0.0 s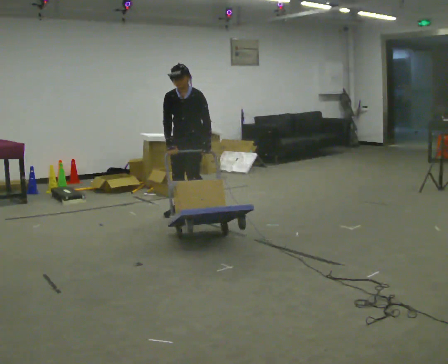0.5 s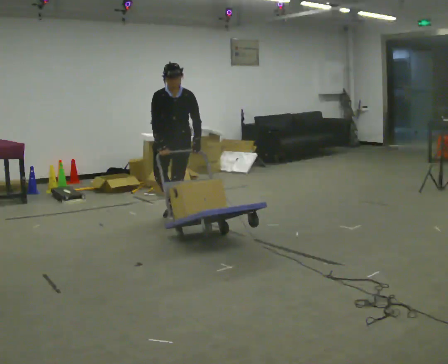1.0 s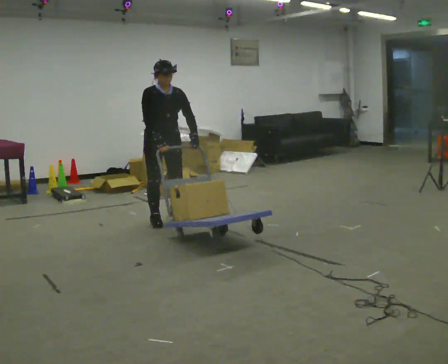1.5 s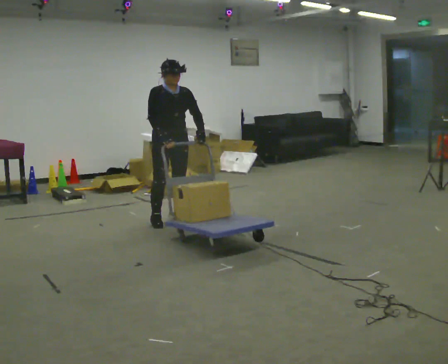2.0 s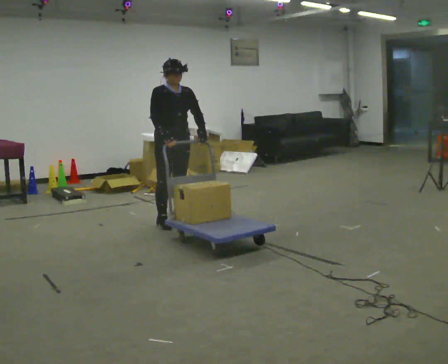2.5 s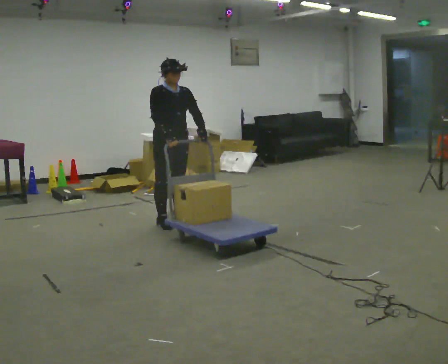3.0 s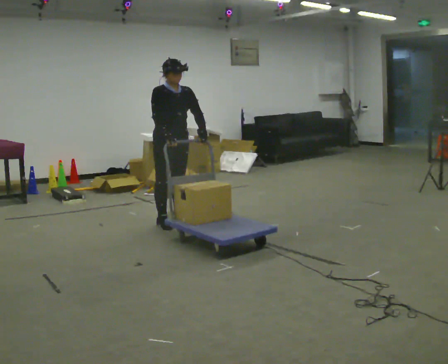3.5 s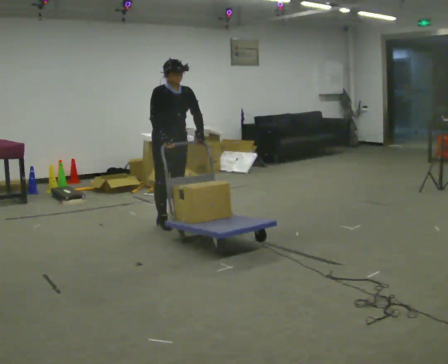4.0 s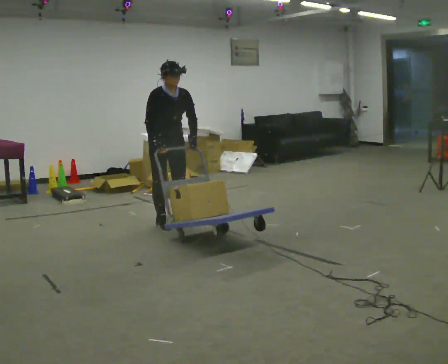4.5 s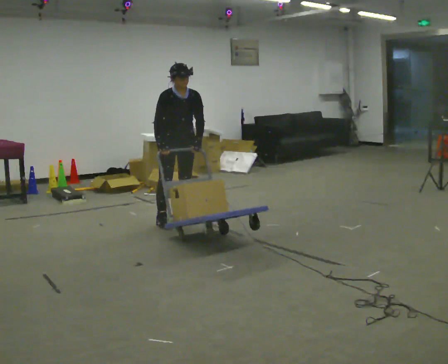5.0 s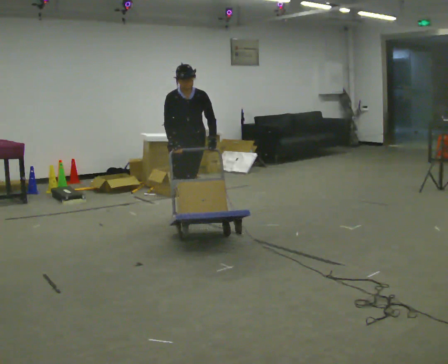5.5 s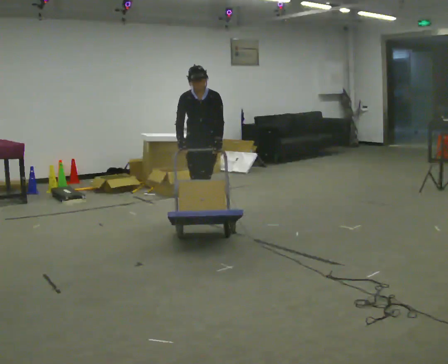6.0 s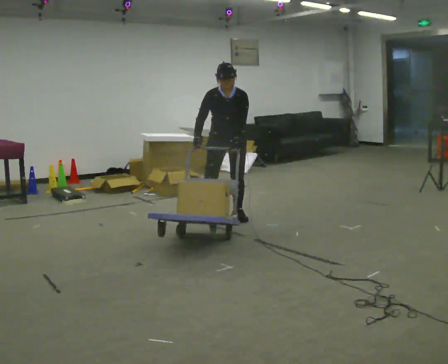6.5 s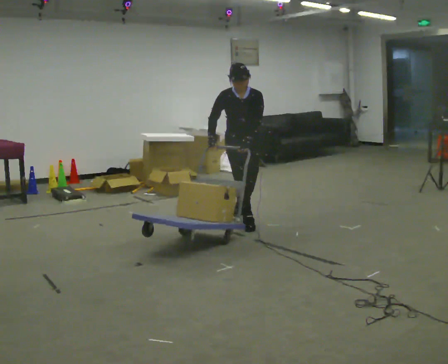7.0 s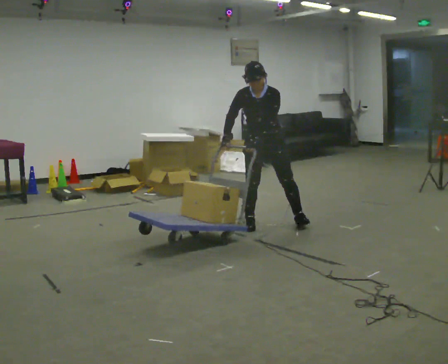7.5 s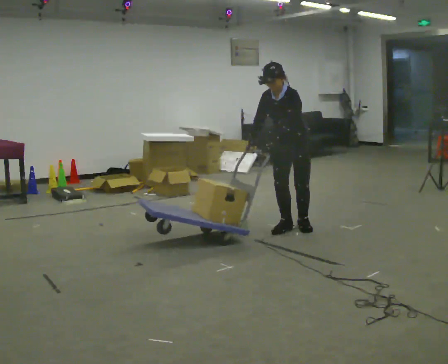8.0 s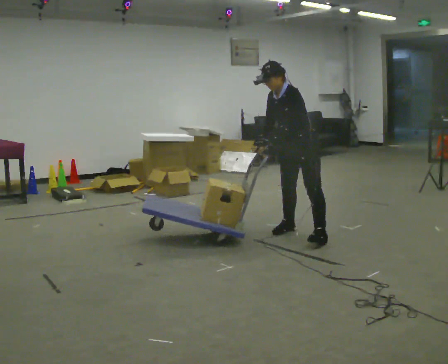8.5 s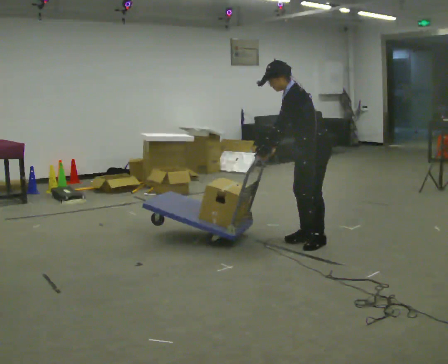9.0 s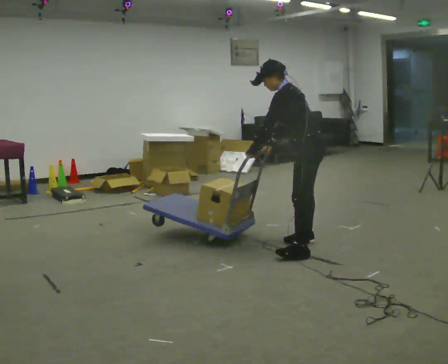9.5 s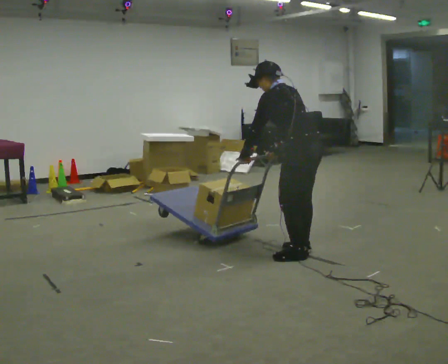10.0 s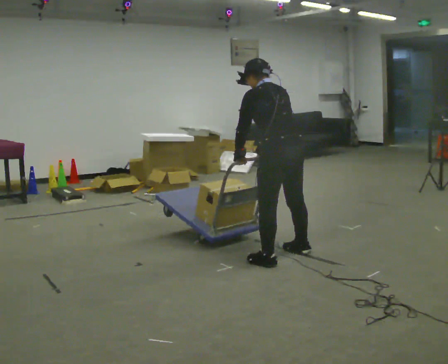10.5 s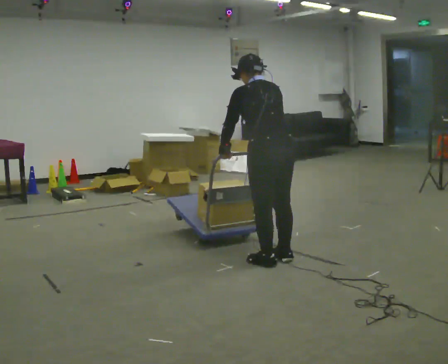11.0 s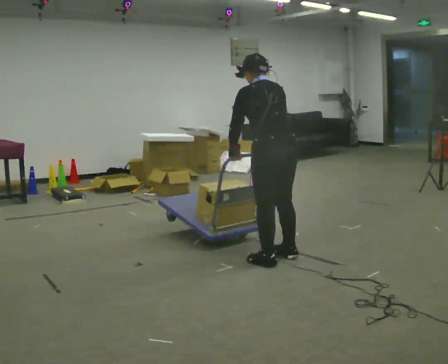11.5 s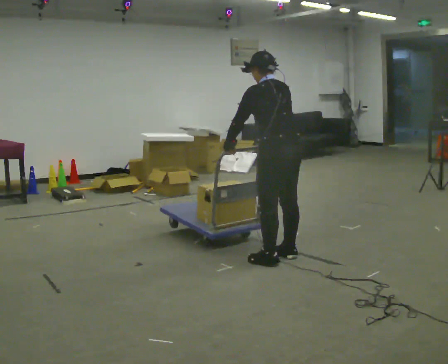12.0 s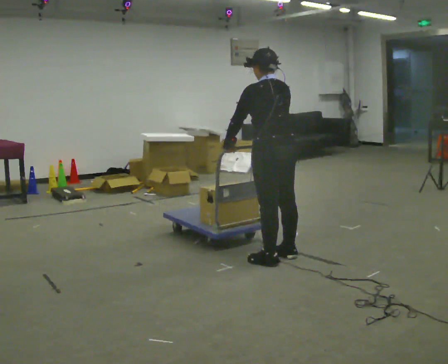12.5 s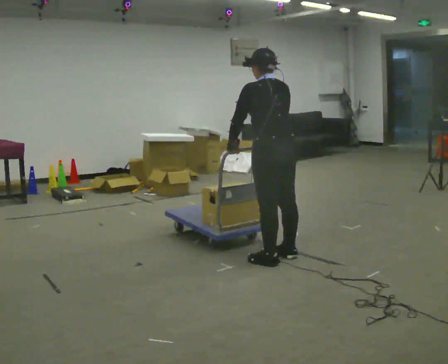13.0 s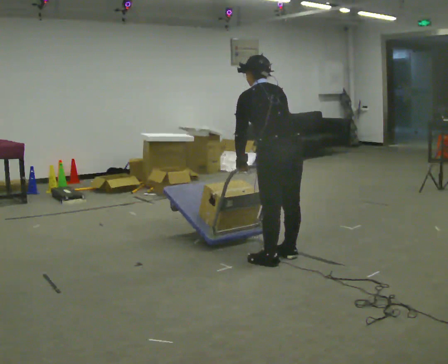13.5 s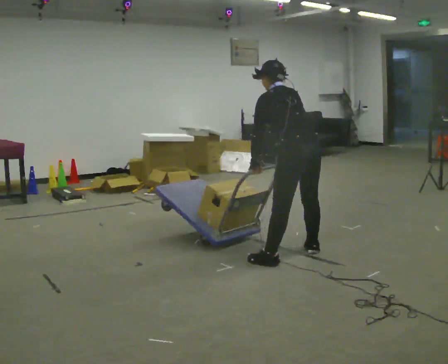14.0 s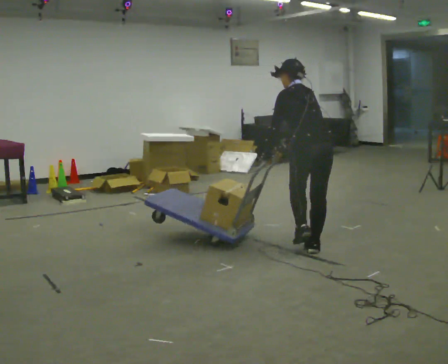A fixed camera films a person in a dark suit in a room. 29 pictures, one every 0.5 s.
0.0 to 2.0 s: Seen from above the body turns counterclockwise, about 60 degrees: to their left, with its near side sliding to the right. In the picture they go toward the camera, about 0.25 m in 2 steps, which for them is forward and to their right.
2.0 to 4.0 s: The person moves a little, or ends about where they began.
4.0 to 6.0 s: The part of the body nearest the lens slides to the left as the person turns to their right by about 30 degrees. In the picture they go to the right and away from the camera, about 0.75 m in 3 steps, which for them is to their left and backward.
6.0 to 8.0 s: Seen from above the body turns clockwise, about 60 degrees: to their right, with its near side sliding to the left. In the picture they go to the right and toward the camera, about 1 m in 3 steps. In the picture the upper body tilts counterclockwise, shoulders to the left.
8.0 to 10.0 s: The person turns about 90 degrees to their right, clockwise seen from above, so the part of the body nearest the lens slides to the left. In the picture they go toward the camera, about 0.5 m in 5 steps. The upper body tips away from the camera, its near side rolling upward.
10.0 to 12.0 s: The person moves a little, or ends about where they began.
12.0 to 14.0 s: In the picture they go to the right and away from the camera, about 0.25 m in 1 step, which for them is to their right.
The film runs forward here.
